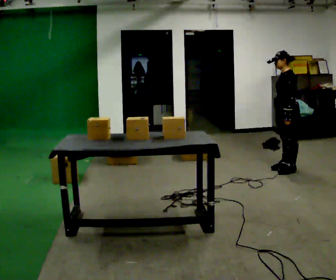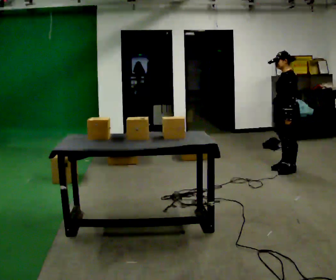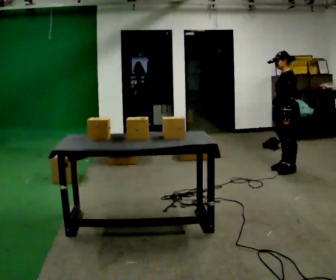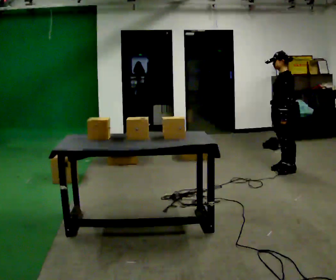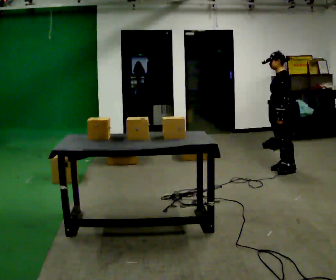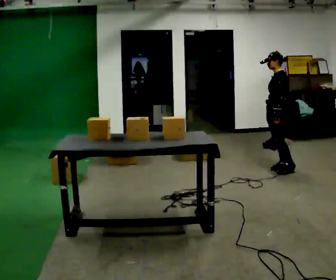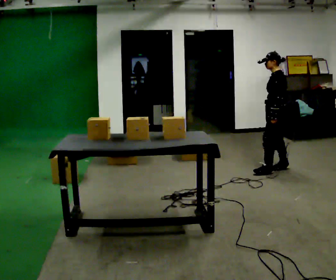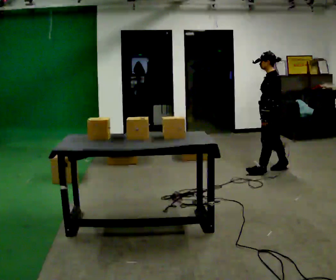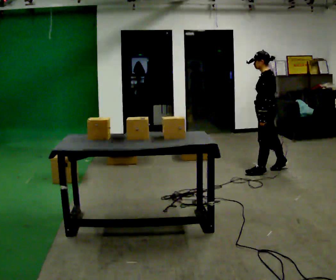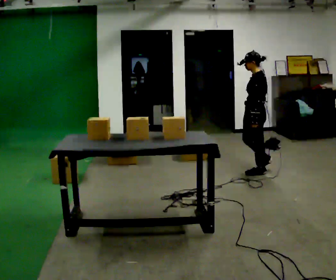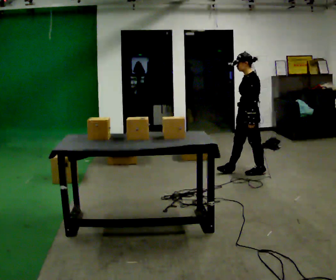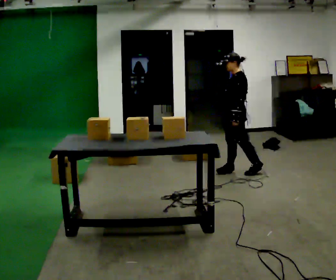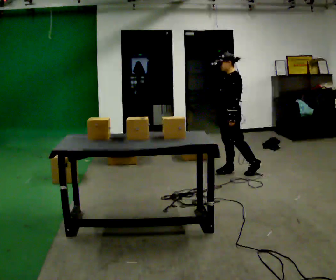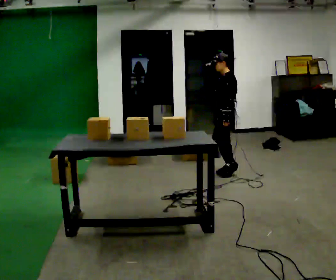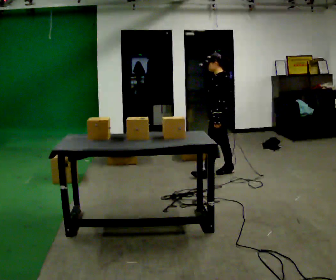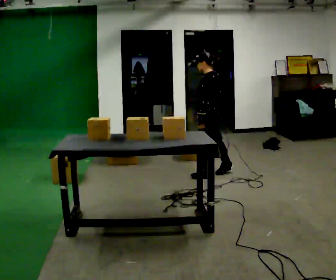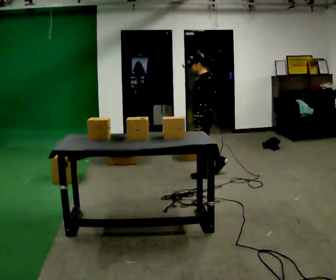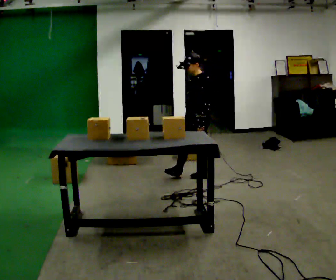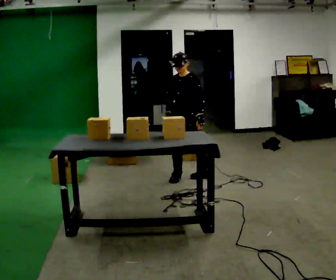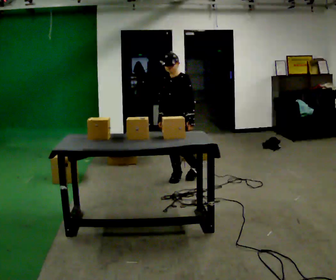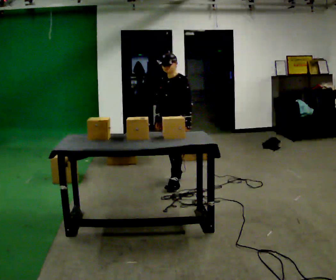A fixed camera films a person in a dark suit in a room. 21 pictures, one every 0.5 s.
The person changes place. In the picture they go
to the left.
0.0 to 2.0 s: The person moves a little, or ends about where they began.
2.0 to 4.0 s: In the picture they go to the left, about 0.25 m in 1 step, which for them is forward.
4.0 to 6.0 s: In the picture they go to the left, about 0.5 m in 1 step, which for them is forward.
6.0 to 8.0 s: In the picture they go to the left and toward the camera, about 0.25 m in 1 step, which for them is forward and to their left.
8.0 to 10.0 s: Seen from above the body turns counterclockwise, about 60 degrees: to their left, with its near side sliding to the right. In the picture they go toward the camera and to the left, about 0.5 m in 2 steps.
The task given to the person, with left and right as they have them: Take each object from the table and put it in the bin that matches it, walking between the bins. Keep going until the operator says stop; one object at a time, and do not rush between trips.
The film runs forward here.
